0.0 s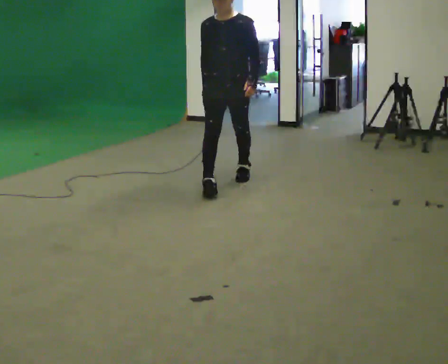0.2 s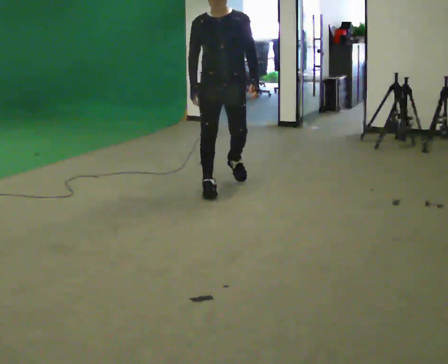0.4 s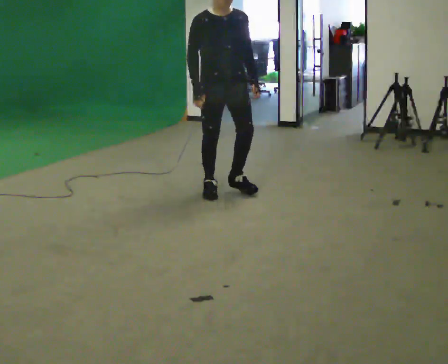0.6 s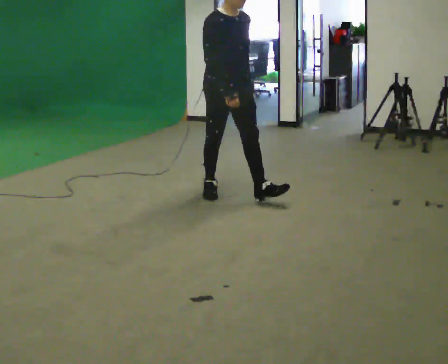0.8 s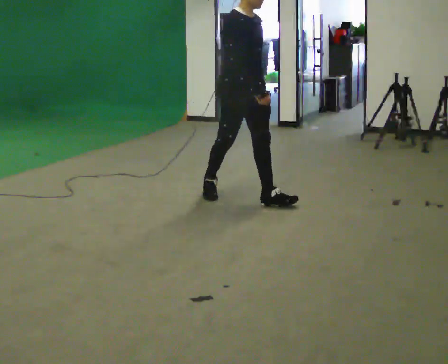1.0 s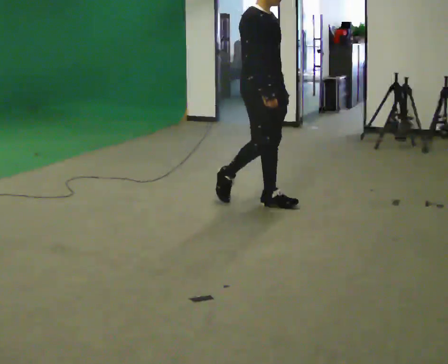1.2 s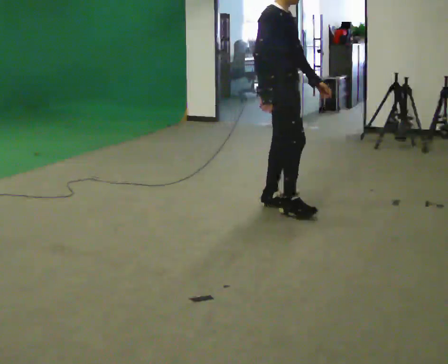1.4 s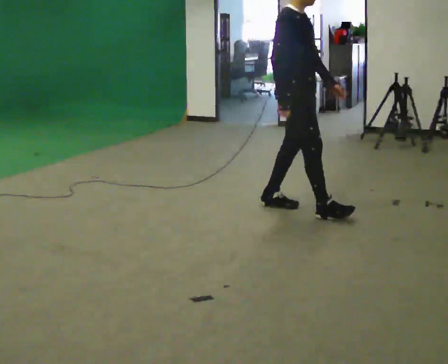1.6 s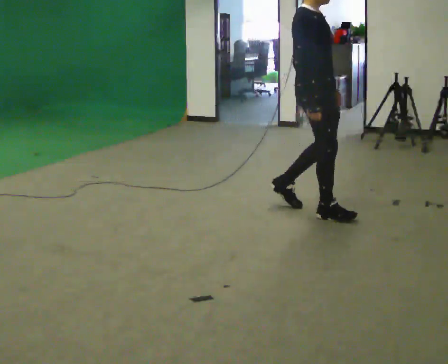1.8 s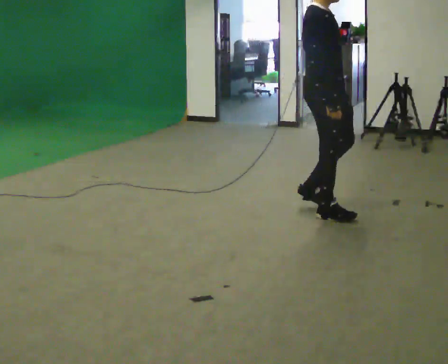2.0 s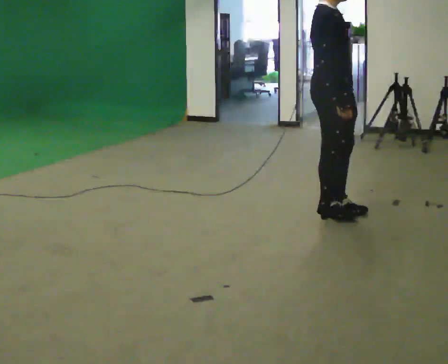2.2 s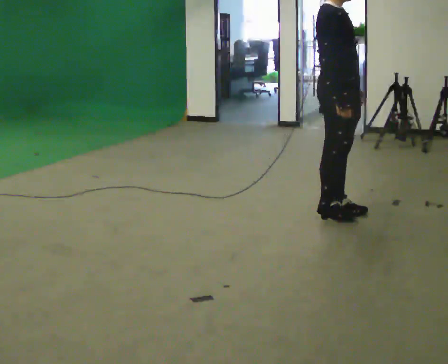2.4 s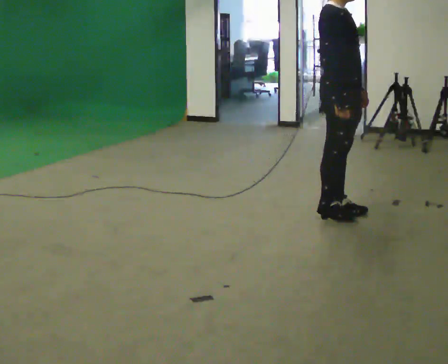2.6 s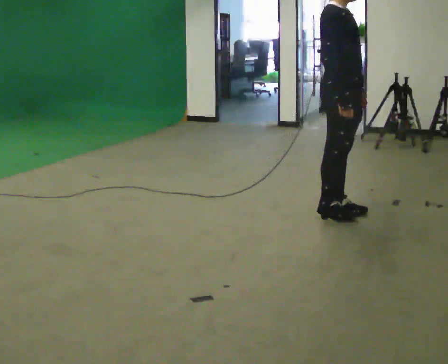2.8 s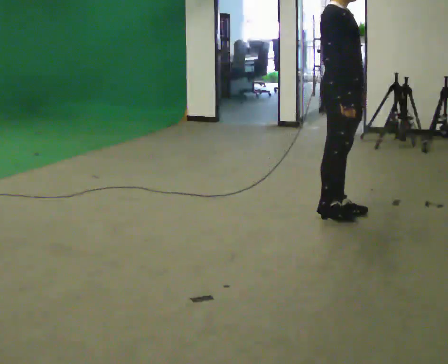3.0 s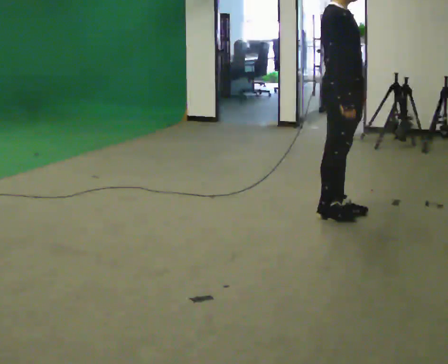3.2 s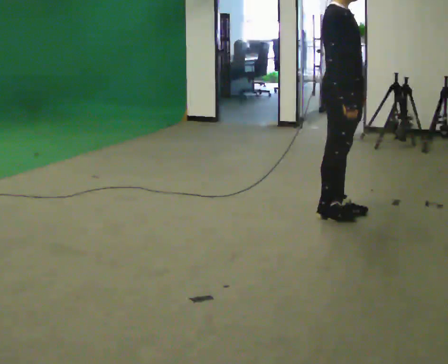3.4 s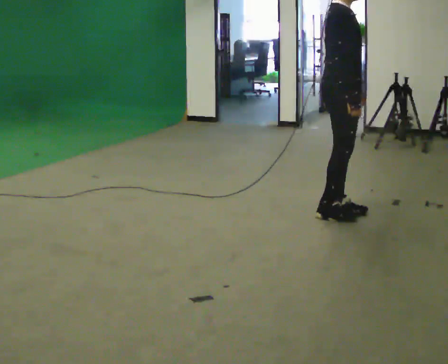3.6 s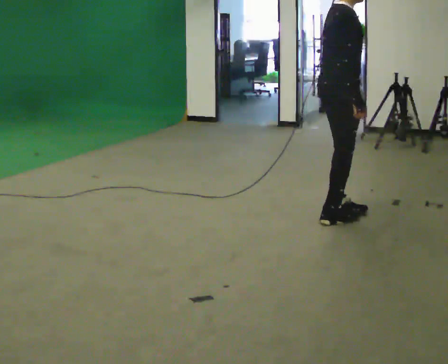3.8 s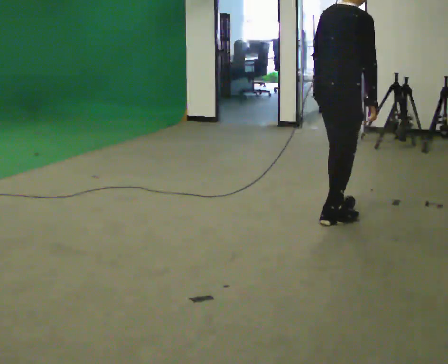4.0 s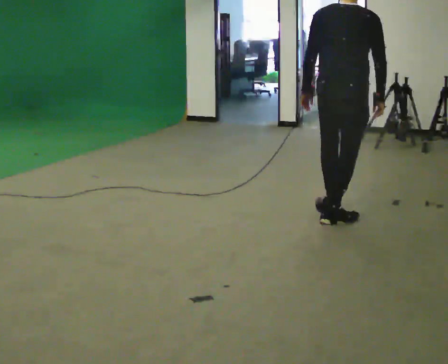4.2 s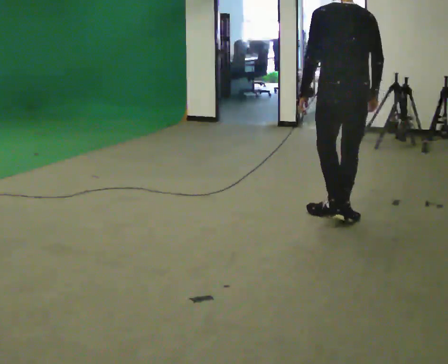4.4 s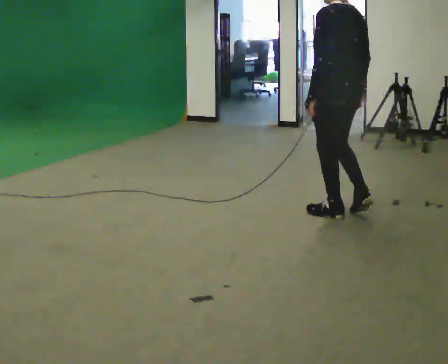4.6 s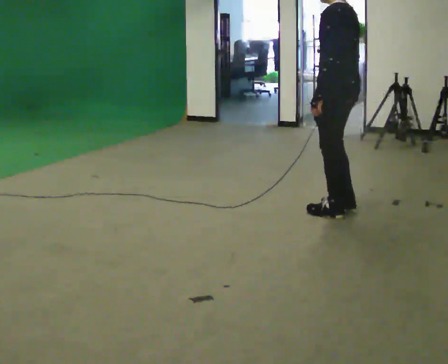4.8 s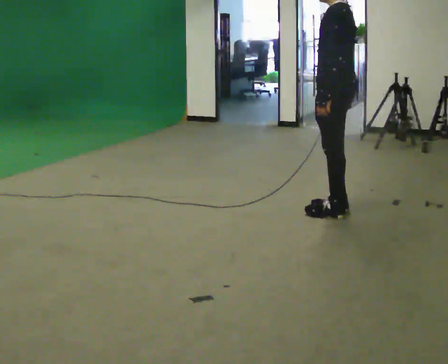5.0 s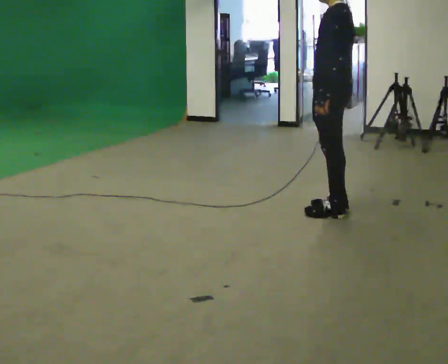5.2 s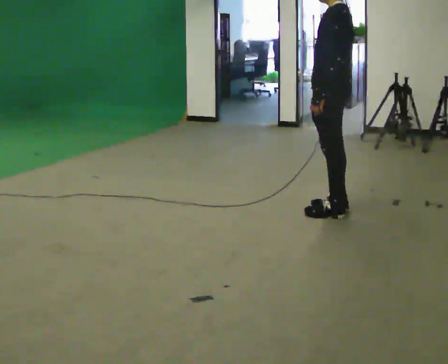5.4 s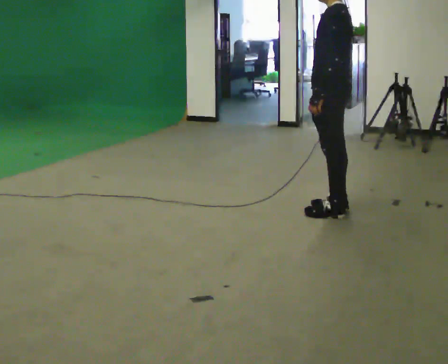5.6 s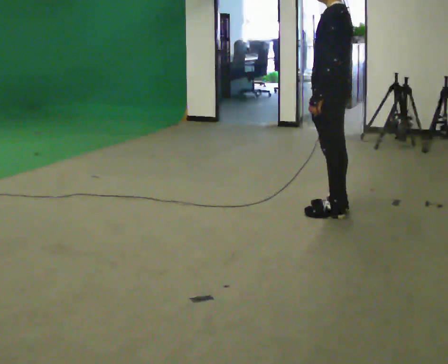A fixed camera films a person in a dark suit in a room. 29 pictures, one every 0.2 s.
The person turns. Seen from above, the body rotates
counterclockwise.
The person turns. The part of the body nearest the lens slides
to the right.
0.0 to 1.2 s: The part of the body nearest the lens slides to the right as the person turns to their left by about 75 degrees. In the picture they go toward the camera and to the right, about 0.5 m in 1 step.
1.2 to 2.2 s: In the picture they go to the right, about 0.5 m in 2 steps, which for them is forward.
2.2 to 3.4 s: The person moves a little, or ends about where they began.
3.4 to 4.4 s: The part of the body nearest the lens slides to the right as the person turns to their left by about 135 degrees.
4.4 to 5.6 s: The part of the body nearest the lens slides to the right as the person turns to their left by about 30 degrees.
The film runs forward here.
